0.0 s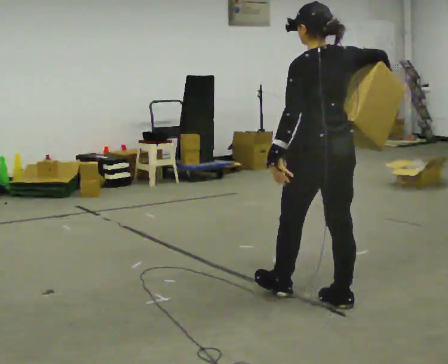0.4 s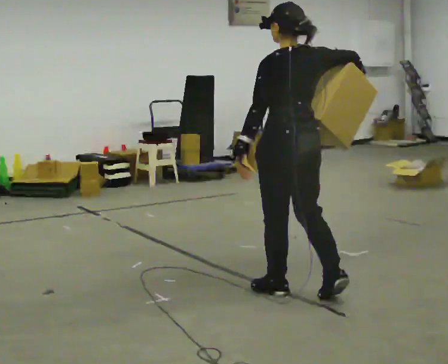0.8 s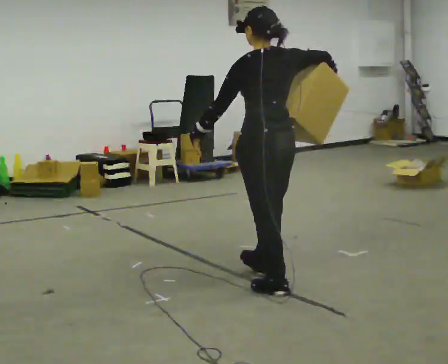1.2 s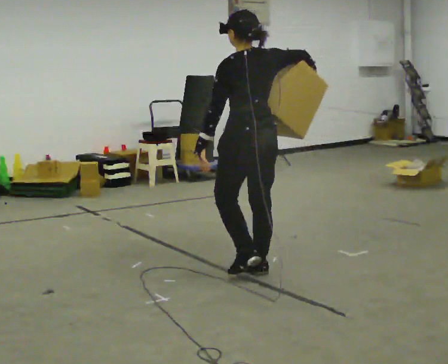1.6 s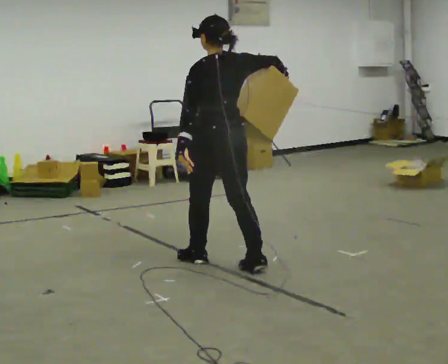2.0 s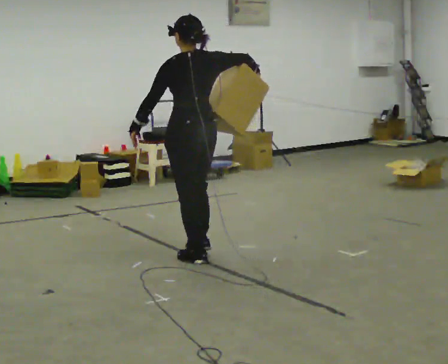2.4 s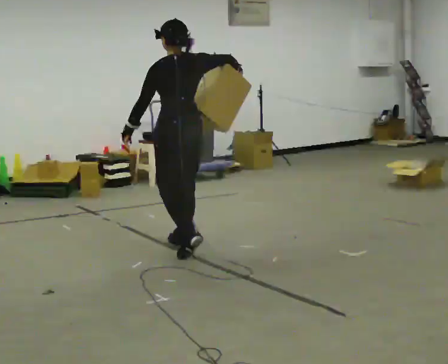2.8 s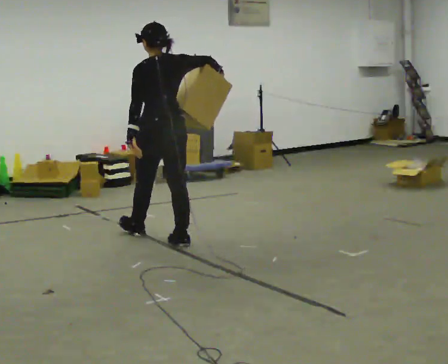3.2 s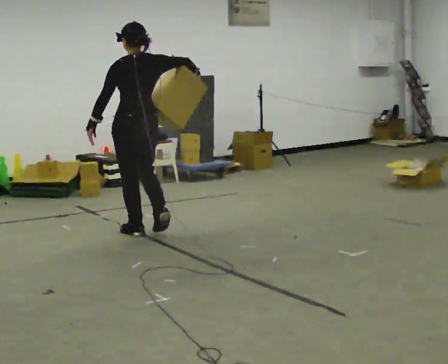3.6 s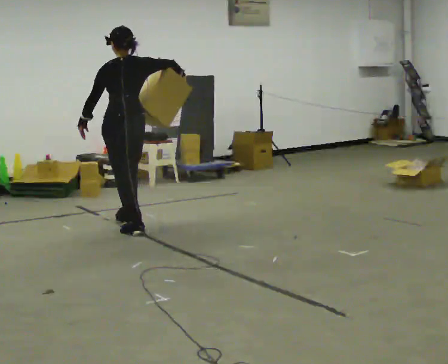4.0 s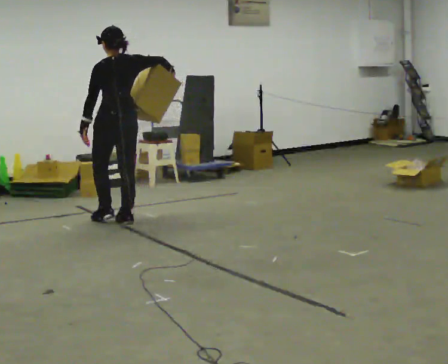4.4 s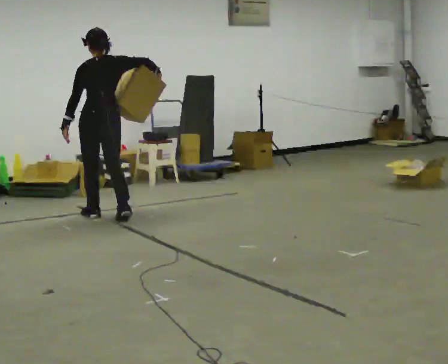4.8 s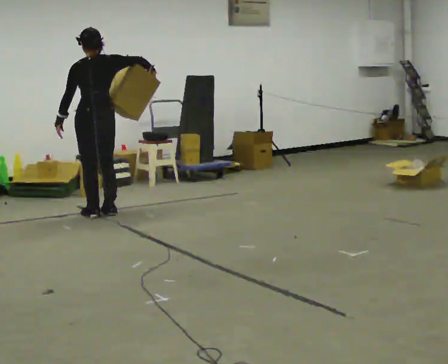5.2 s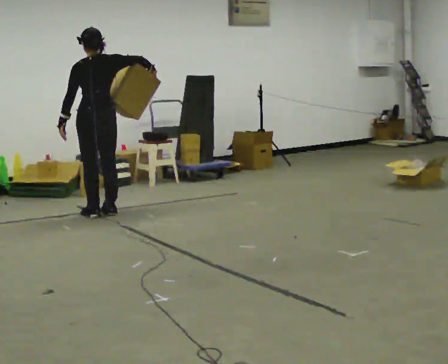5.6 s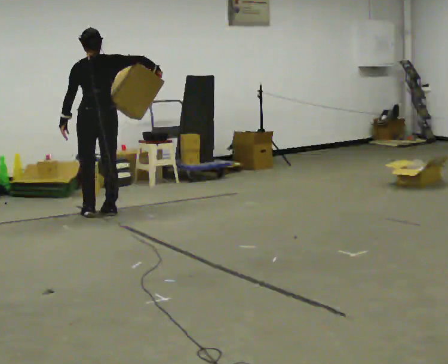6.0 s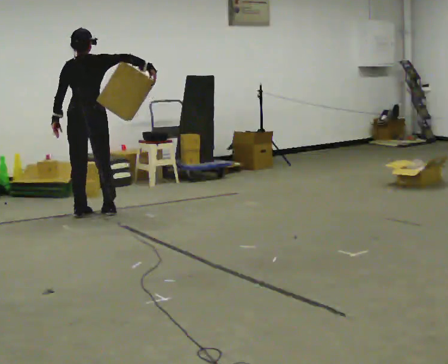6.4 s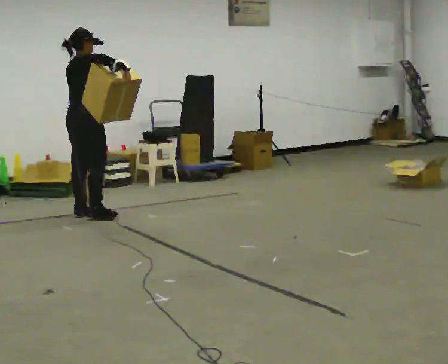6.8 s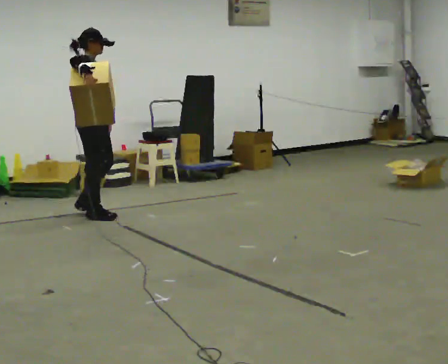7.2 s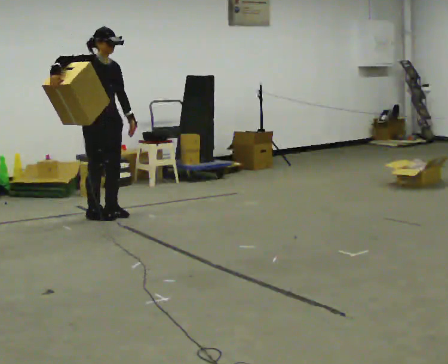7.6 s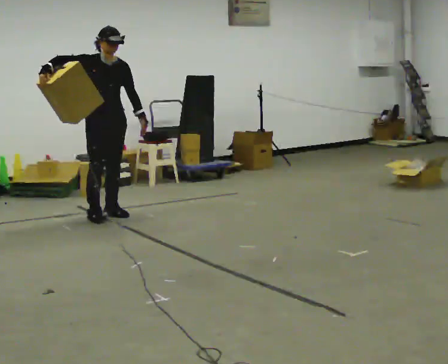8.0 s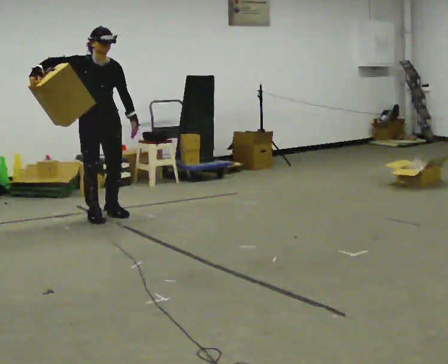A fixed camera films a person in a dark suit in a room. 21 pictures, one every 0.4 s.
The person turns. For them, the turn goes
to their right.
The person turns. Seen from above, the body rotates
clockwise.
0.0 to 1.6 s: In the picture they go away from the camera and to the left, about 1 m in 3 steps, which for them is forward.
1.6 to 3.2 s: In the picture they go away from the camera and to the left, about 1 m in 2 steps, which for them is forward.
3.2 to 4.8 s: In the picture they go away from the camera and to the left, about 1 m in 3 steps, which for them is forward.
4.8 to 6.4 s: Seen from above the body turns clockwise, about 75 degrees: to their right, with its near side sliding to the left.
6.4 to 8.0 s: The person turns about 105 degrees to their right, clockwise seen from above, so the part of the body nearest the lens slides to the left. In the picture they go to the right, about 0.25 m in 1 step. In the picture their right hand goes to the left.
The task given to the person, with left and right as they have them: Hold the object against your hip on the side the operator calls, and carry it back and forth across the room.
The film runs forward here.
